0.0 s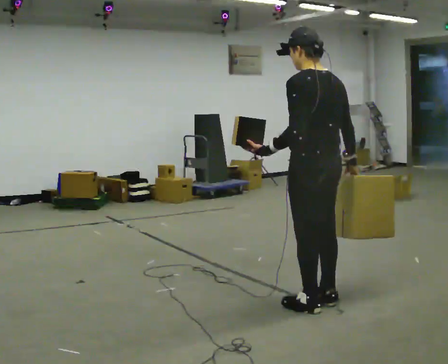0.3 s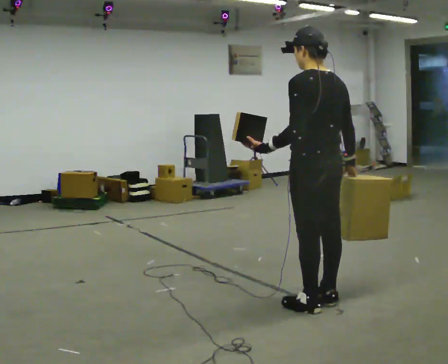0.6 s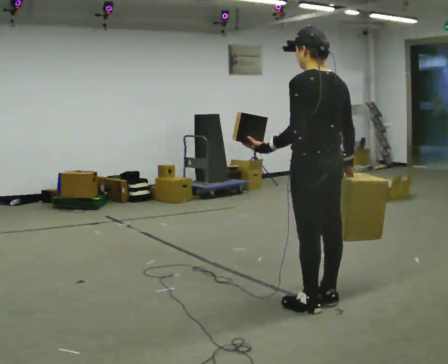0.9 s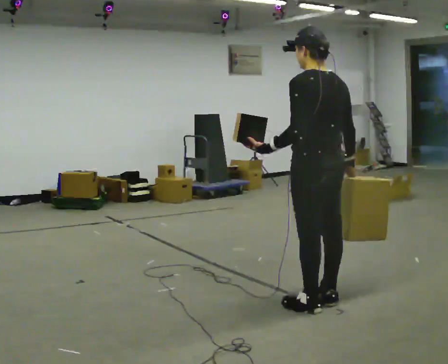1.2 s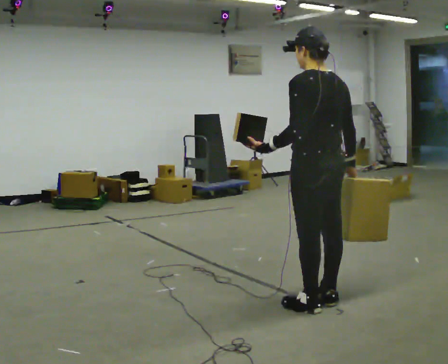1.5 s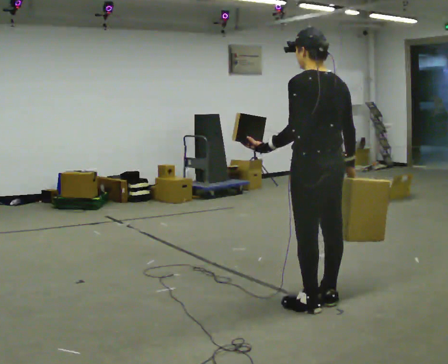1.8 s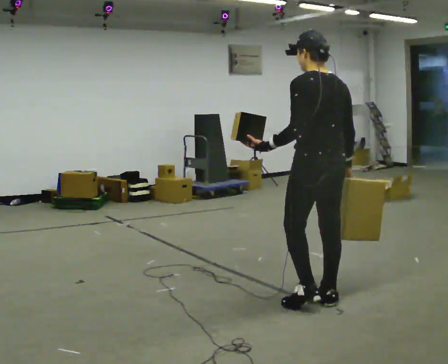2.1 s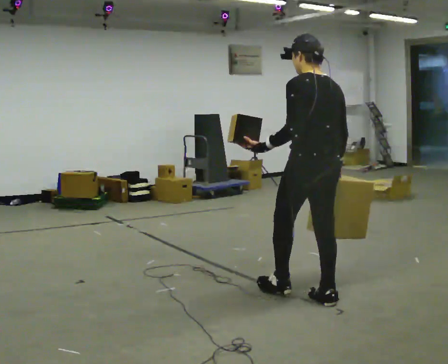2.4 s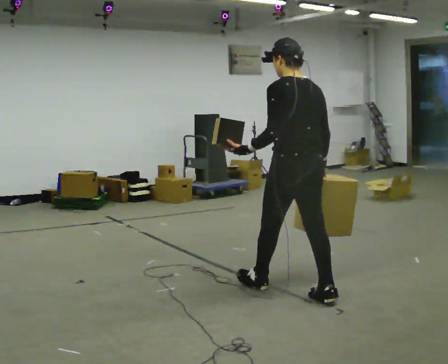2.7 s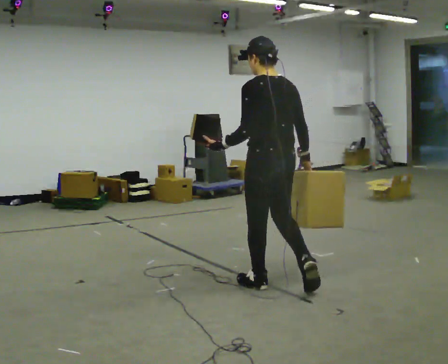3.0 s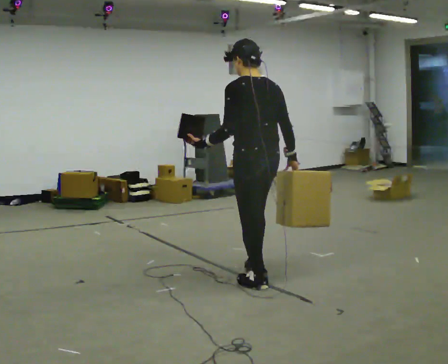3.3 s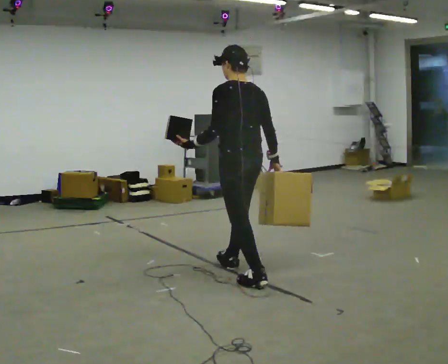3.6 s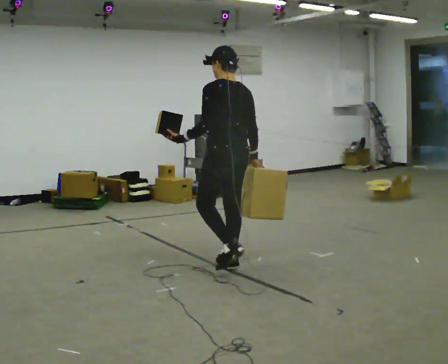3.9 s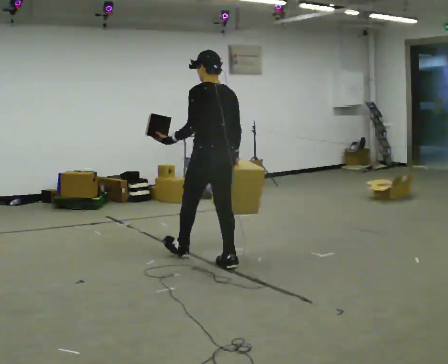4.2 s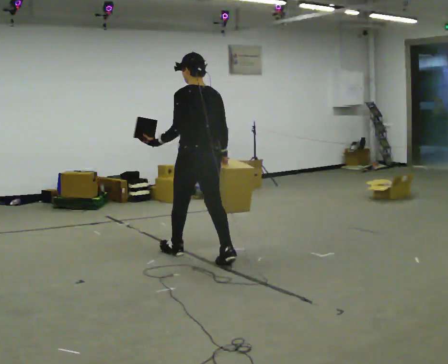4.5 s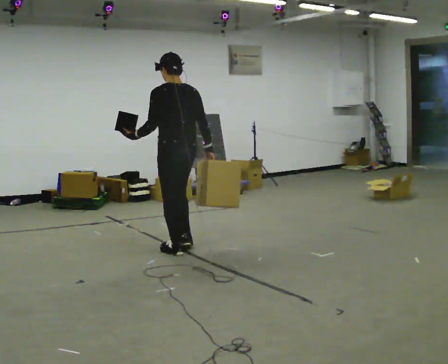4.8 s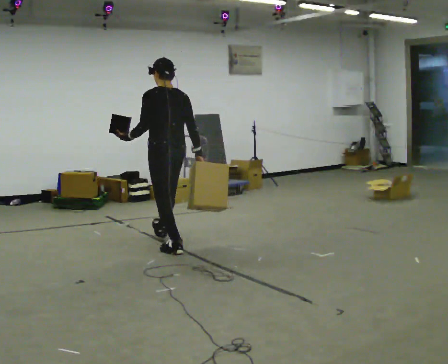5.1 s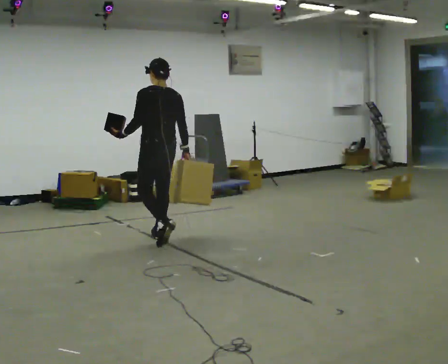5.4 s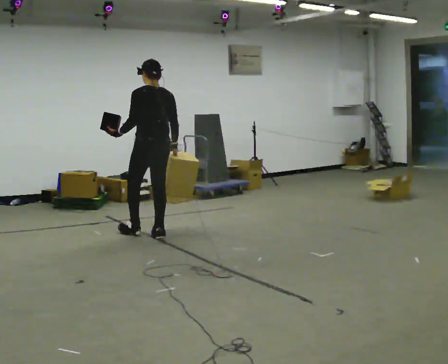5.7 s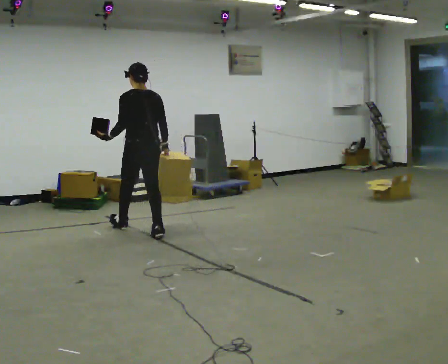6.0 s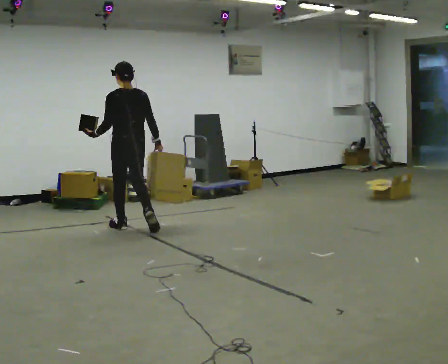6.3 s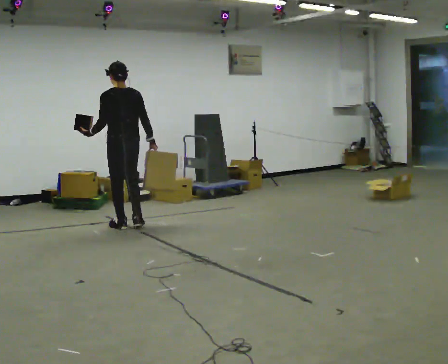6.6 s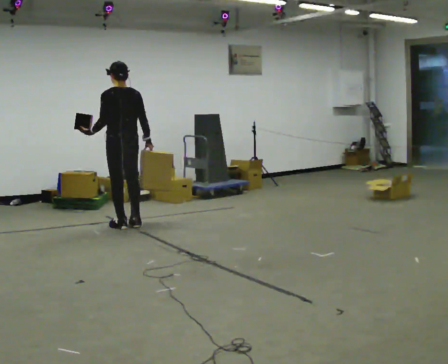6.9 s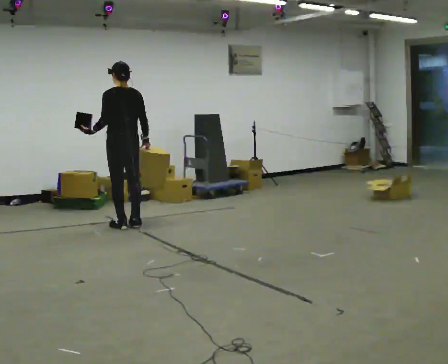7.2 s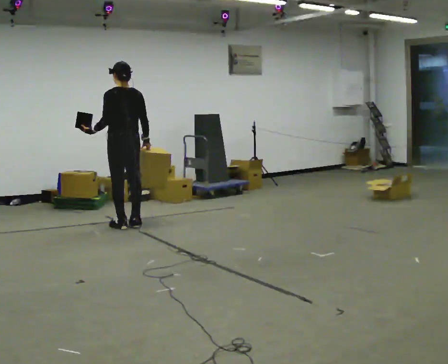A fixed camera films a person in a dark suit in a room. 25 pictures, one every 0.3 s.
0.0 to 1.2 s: The person moves a little, or ends about where they began.
1.2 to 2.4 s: In the picture they go away from the camera, about 0.25 m in 1 step, which for them is forward.
2.4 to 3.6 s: In the picture they go away from the camera and to the left, about 1 m in 1 step, which for them is forward.
3.6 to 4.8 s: In the picture they go away from the camera and to the left, about 1 m in 2 steps, which for them is forward.
4.8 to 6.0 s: In the picture they go away from the camera and to the left, about 1 m in 1 step, which for them is forward.
6.0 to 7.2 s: The person moves a little, or ends about where they began.
The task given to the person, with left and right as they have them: Carry one object in each hand, the heavy one in the hand the operator calls, walking back and forth across the room.
The film runs forward here.
